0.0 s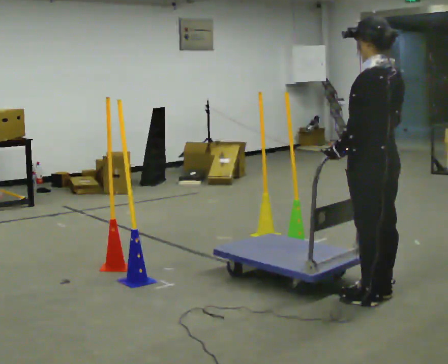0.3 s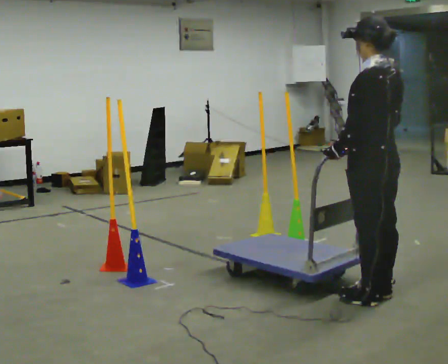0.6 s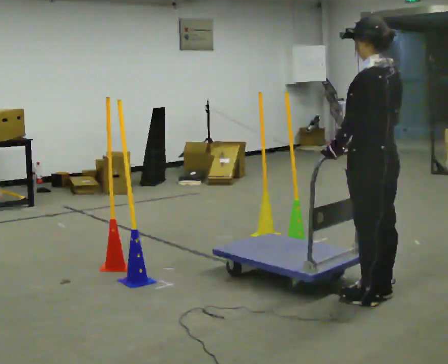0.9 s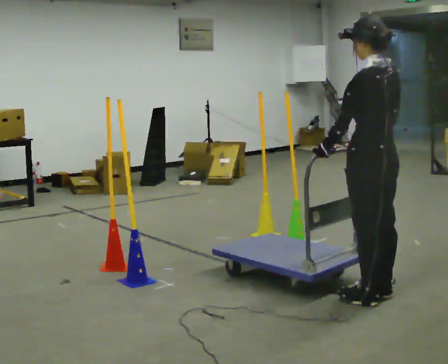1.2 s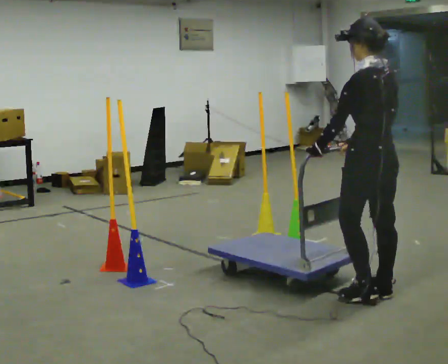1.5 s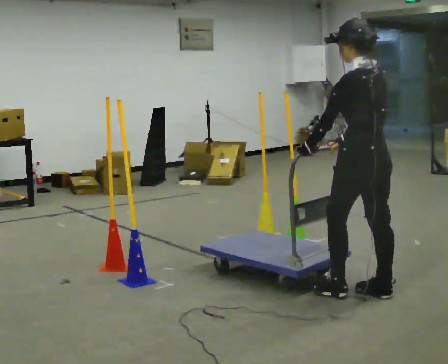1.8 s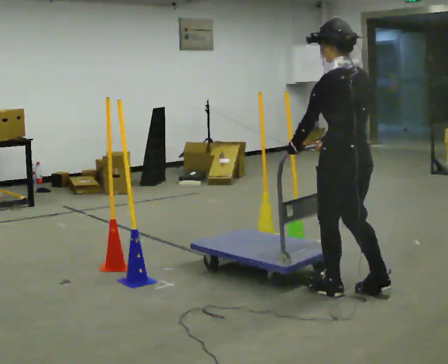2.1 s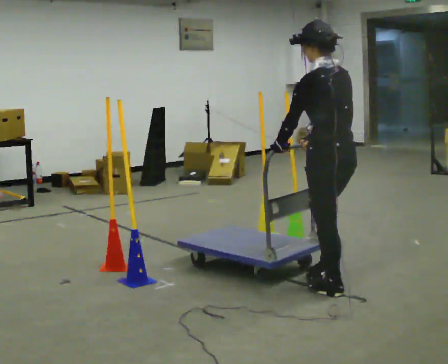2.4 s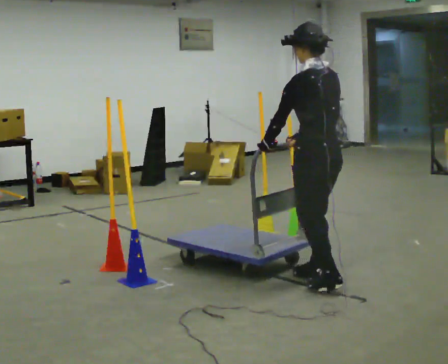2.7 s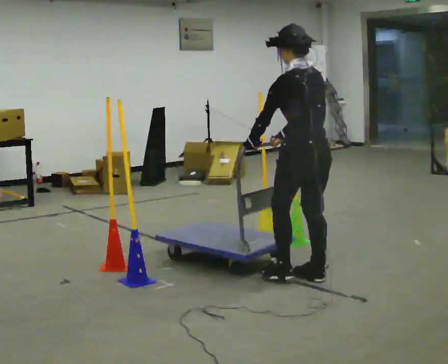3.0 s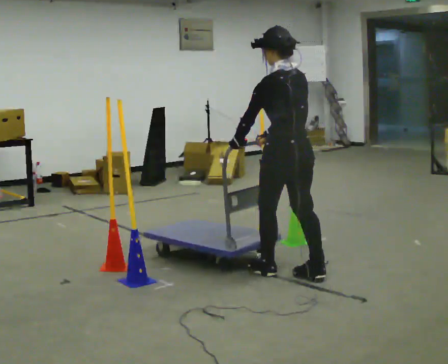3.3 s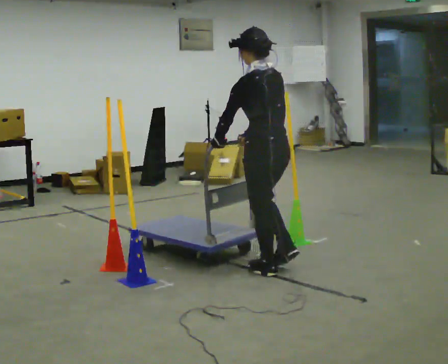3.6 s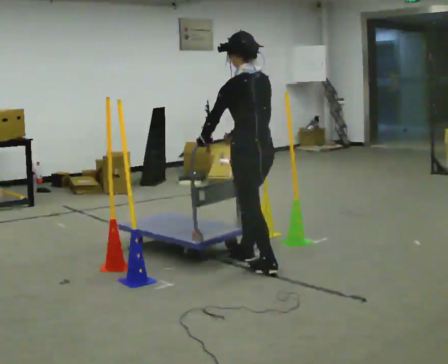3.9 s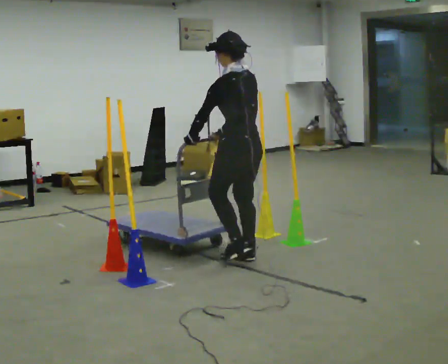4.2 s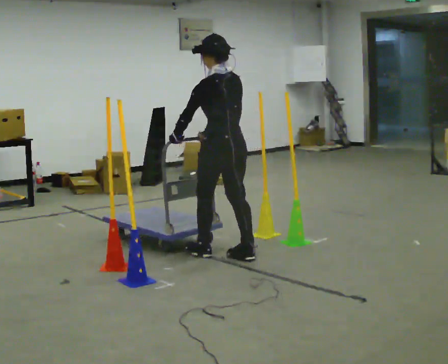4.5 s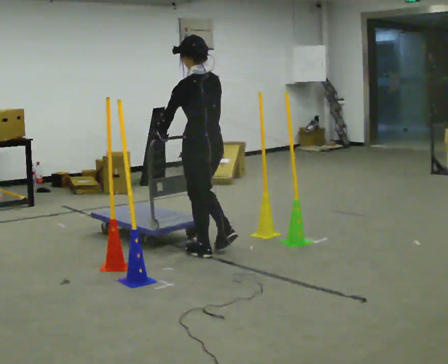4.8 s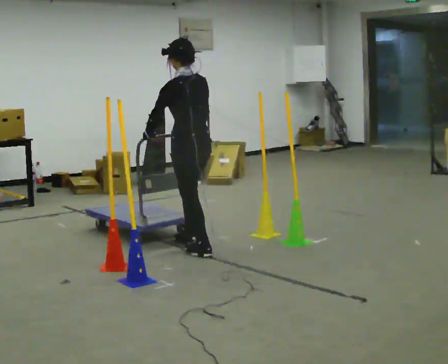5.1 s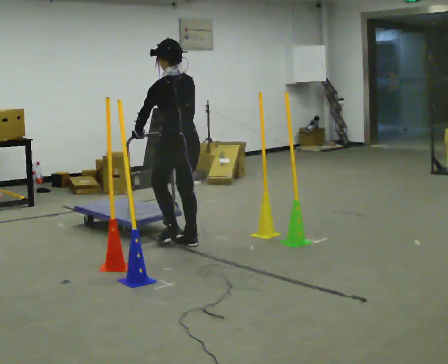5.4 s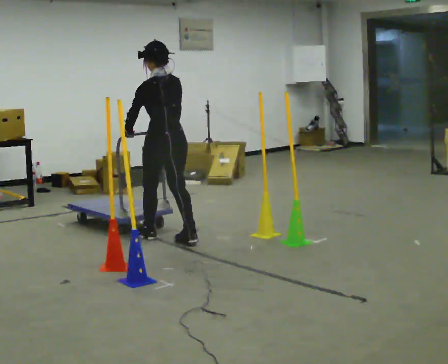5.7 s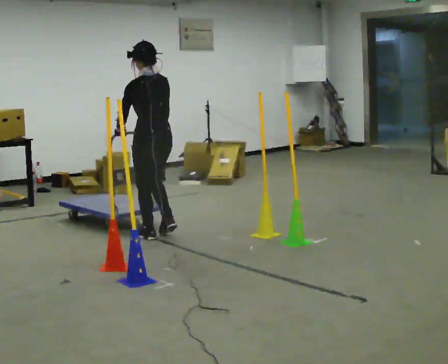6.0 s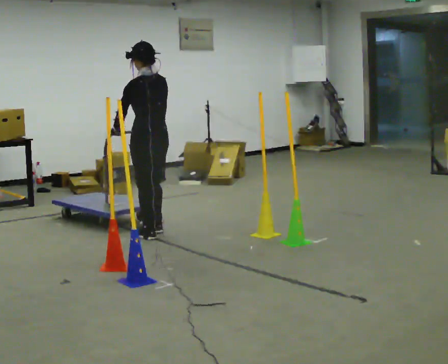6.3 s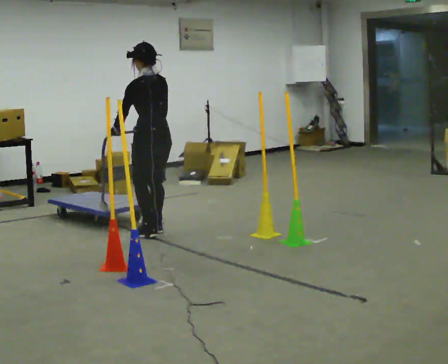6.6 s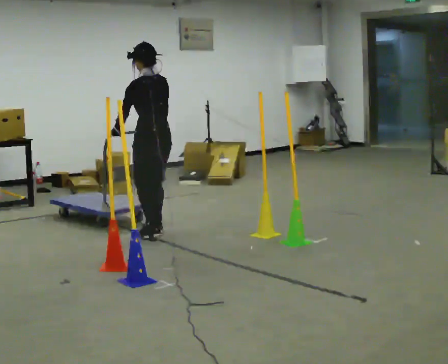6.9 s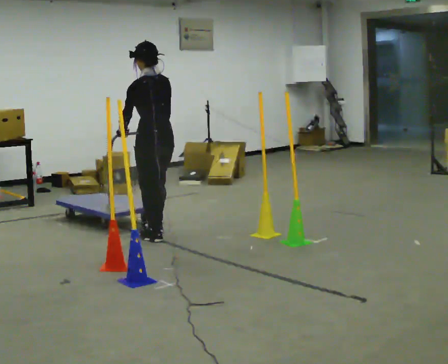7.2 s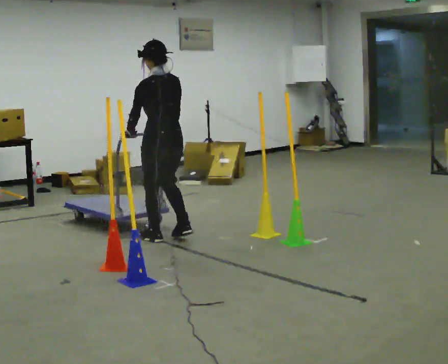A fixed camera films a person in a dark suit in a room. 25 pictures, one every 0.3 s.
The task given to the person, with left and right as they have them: Push the cart in and out of the line of poles without touching any of them. Keep going until the operator says stop.
0.0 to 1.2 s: The person moves a little, or ends about where they began.
1.2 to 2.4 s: In the picture they go to the left and away from the camera, about 0.5 m in 2 steps, which for them is forward.
2.4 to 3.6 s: In the picture they go away from the camera and to the left, about 0.5 m in 2 steps, which for them is forward.
3.6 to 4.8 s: In the picture they go to the left and away from the camera, about 0.75 m in 2 steps, which for them is forward.
4.8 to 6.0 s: In the picture they go away from the camera and to the left, about 0.5 m in 2 steps, which for them is forward.
6.0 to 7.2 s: In the picture they go toward the camera, about 0.25 m, which for them is backward.
The film runs forward here.
